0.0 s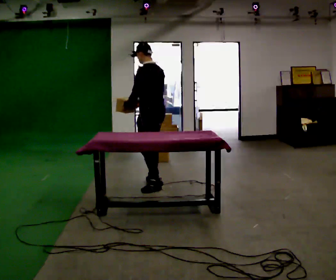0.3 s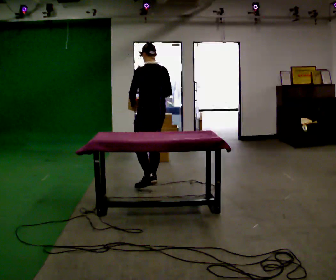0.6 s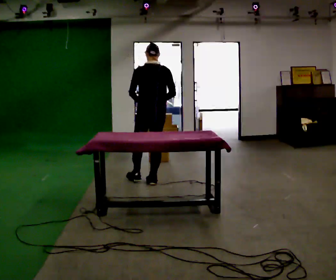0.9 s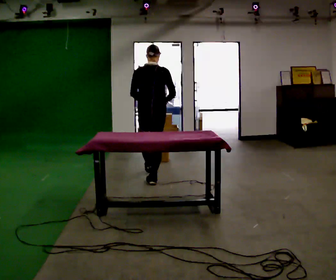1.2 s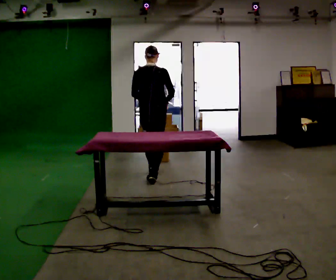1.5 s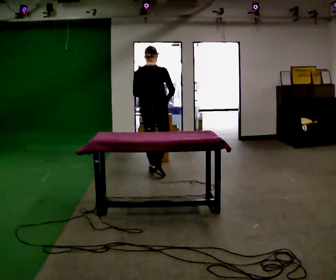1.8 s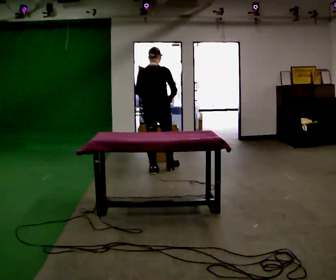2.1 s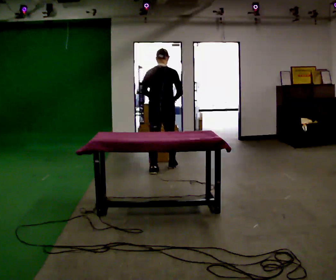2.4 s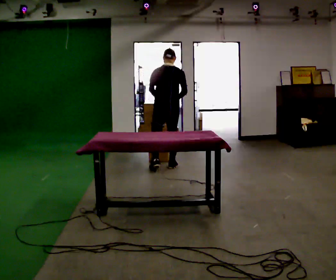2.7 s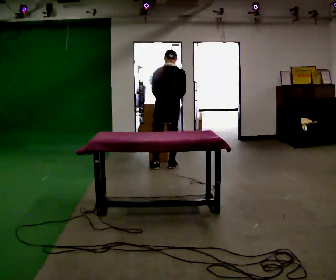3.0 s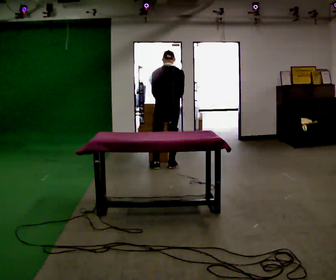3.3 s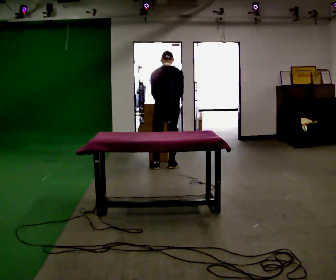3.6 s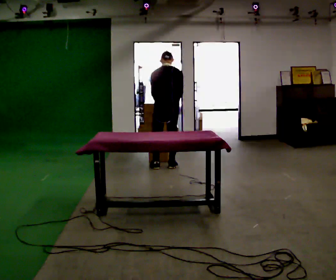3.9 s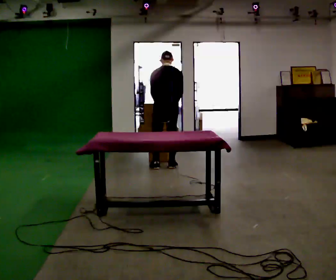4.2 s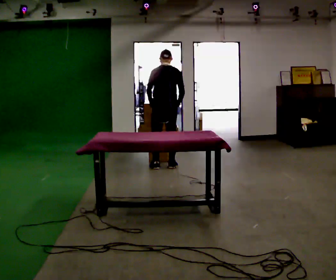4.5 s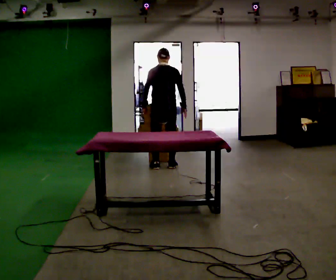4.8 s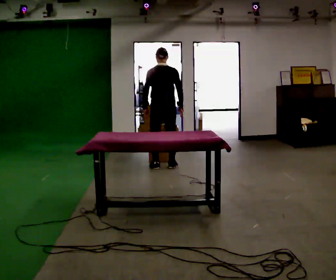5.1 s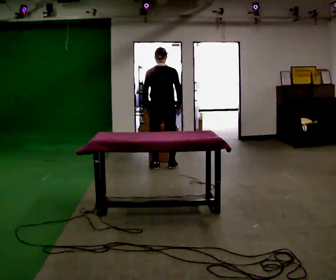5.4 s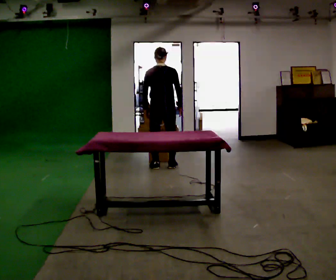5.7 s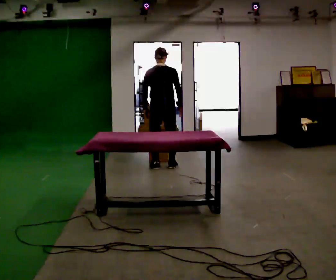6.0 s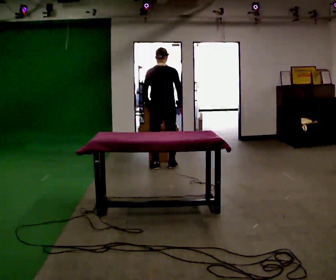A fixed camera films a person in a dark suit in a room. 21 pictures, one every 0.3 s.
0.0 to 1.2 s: The person turns about 75 degrees to their right, clockwise seen from above, so the part of the body nearest the lens slides to the left. In the picture they go away from the camera, about 0.5 m in 1 step.
1.2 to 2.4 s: In the picture they go away from the camera, about 0.5 m in 1 step, which for them is forward.
2.4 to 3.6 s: The person moves a little, or ends about where they began.
3.6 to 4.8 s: The upper body tips toward the camera, its near side rolling downward, as they lean back or straighten.
4.8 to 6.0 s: The person moves a little, or ends about where they began.
The film runs forward here.
